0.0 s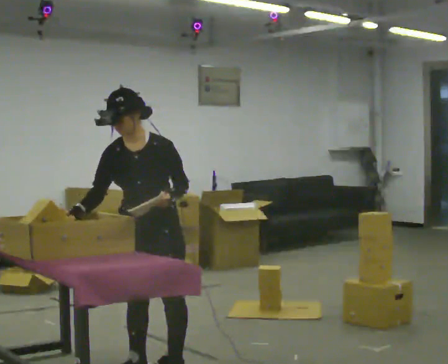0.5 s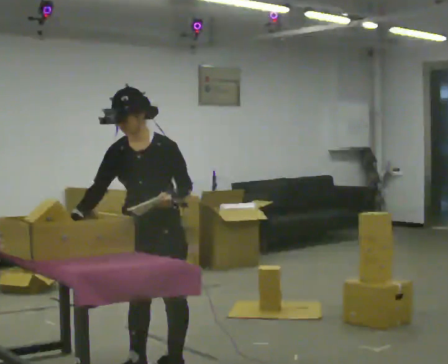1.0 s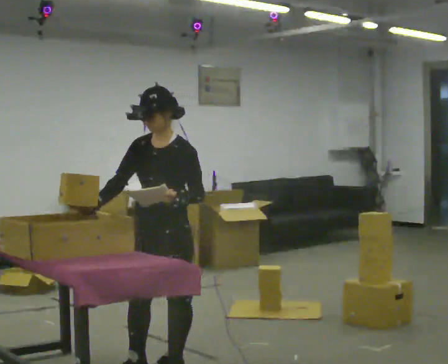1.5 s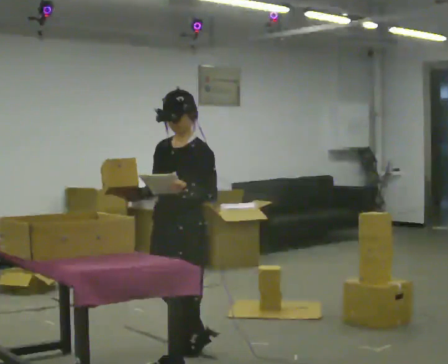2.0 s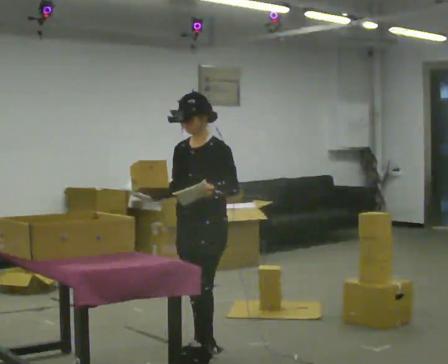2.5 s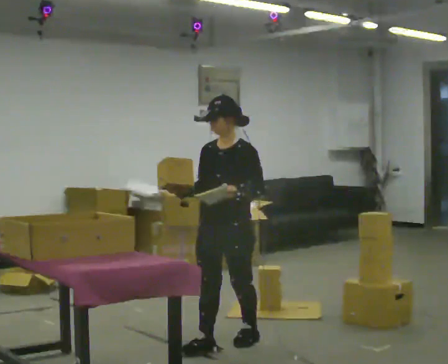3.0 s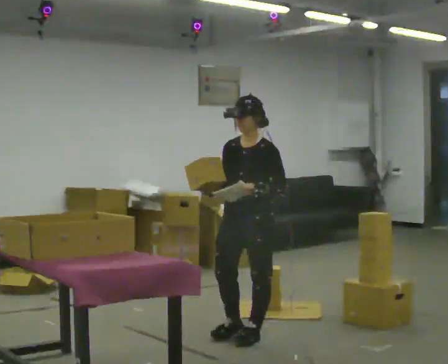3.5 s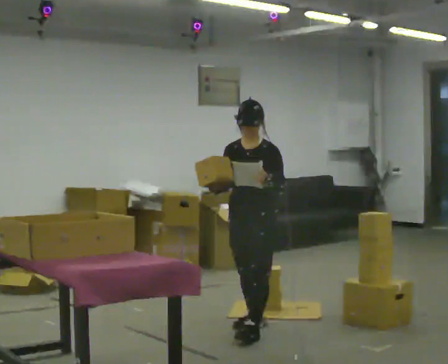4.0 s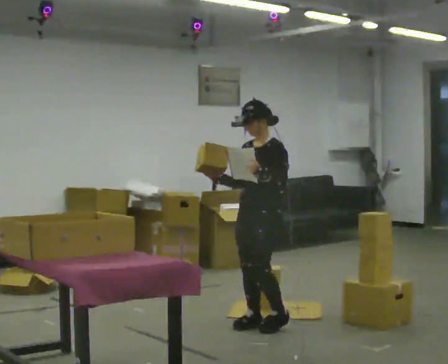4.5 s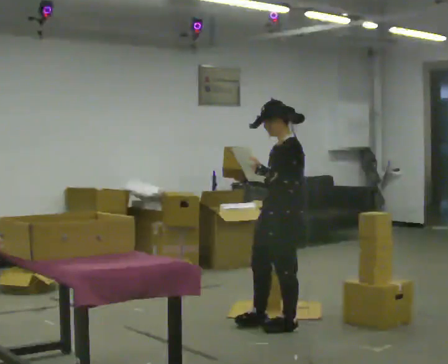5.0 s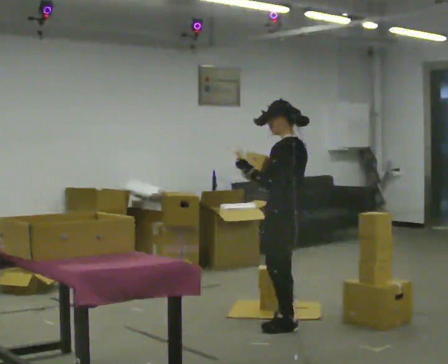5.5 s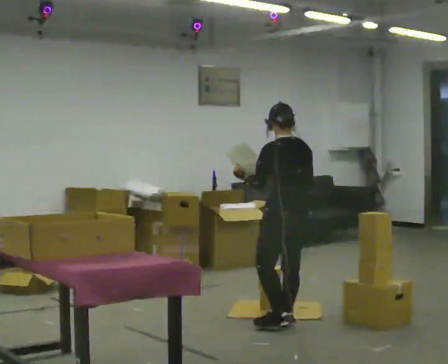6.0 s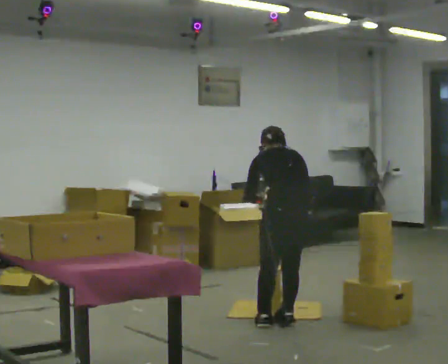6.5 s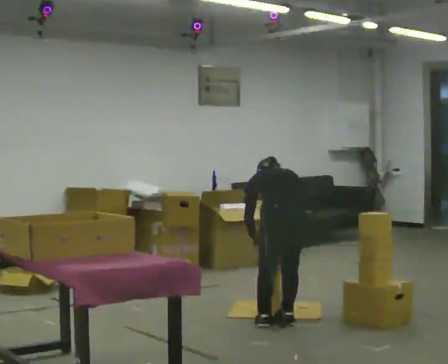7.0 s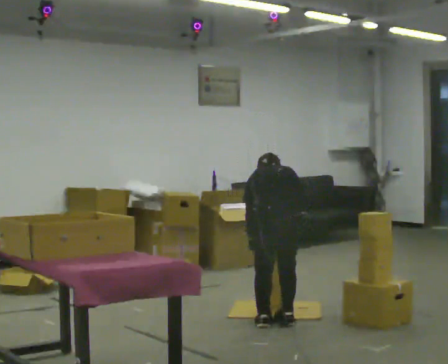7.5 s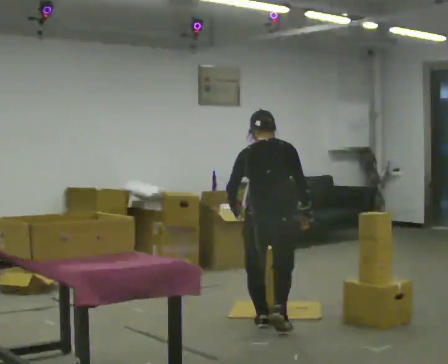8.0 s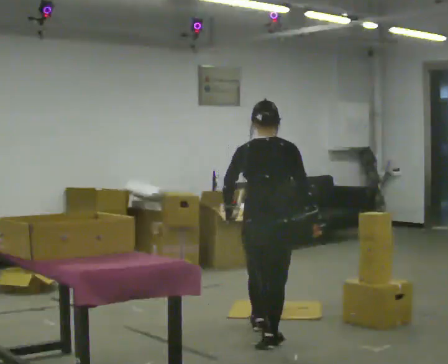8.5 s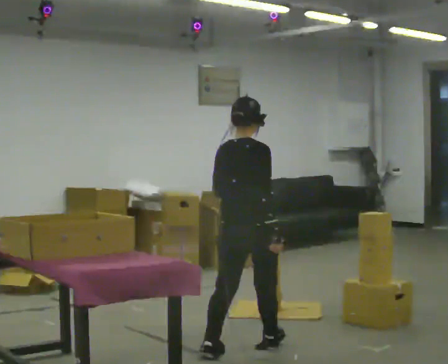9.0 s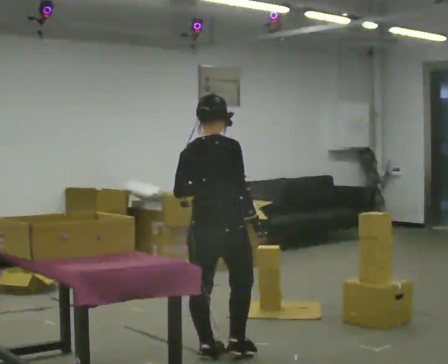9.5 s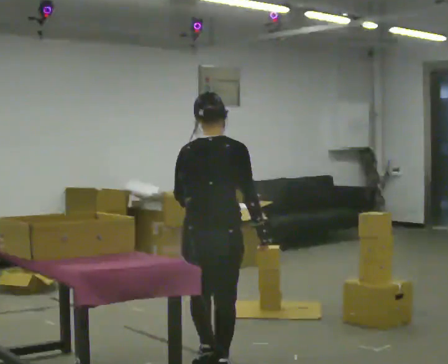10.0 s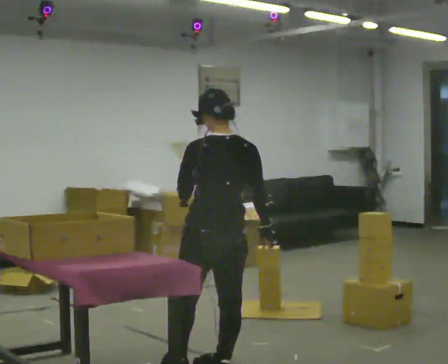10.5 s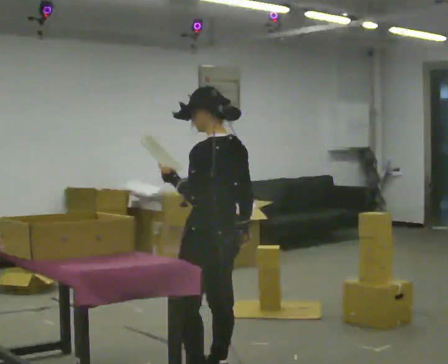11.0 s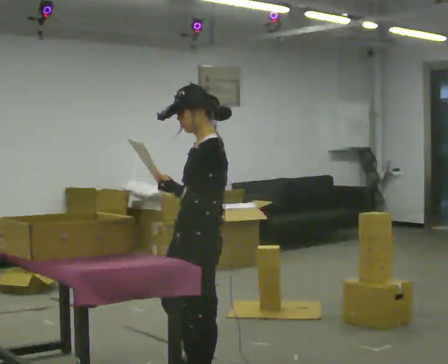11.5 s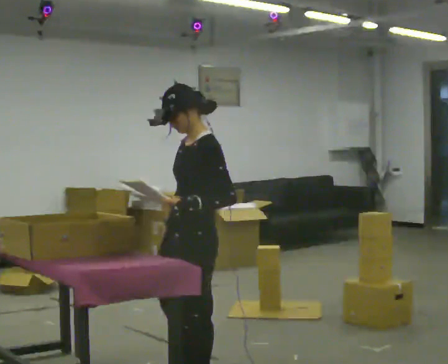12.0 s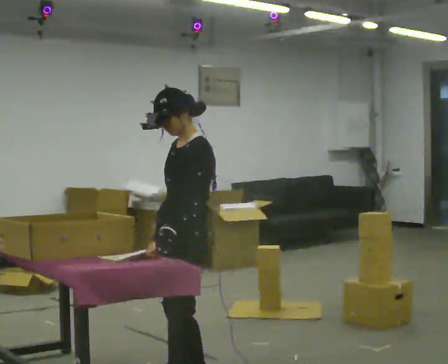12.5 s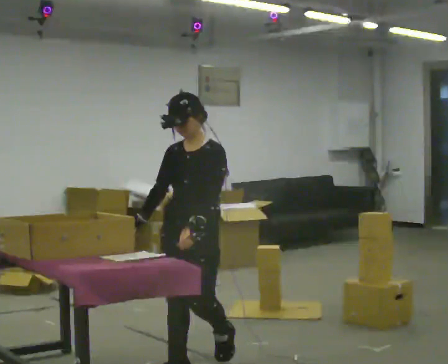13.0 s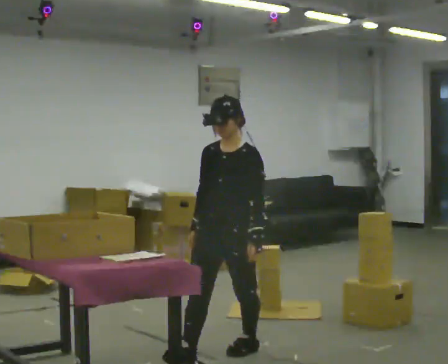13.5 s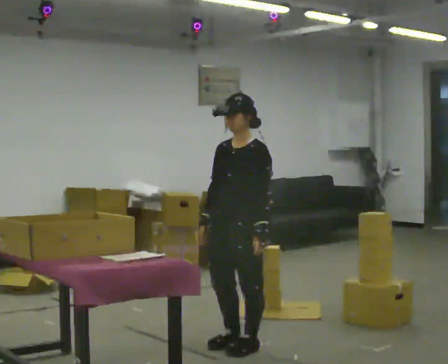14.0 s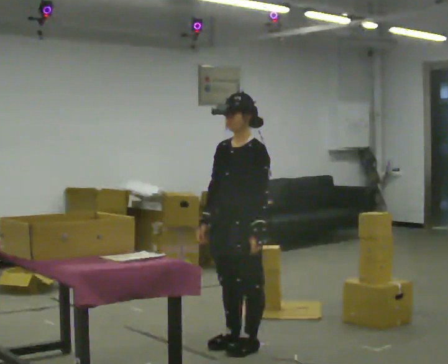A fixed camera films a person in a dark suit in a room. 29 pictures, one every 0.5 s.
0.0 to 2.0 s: The person turns about 30 degrees to their right, clockwise seen from above, so the part of the body nearest the lens slides to the left. In the picture they go away from the camera and to the right, about 0.5 m in 2 steps, which for them is backward.
2.0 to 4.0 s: In the picture they go away from the camera and to the right, about 1 m in 2 steps, which for them is backward.
4.0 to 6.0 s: Seen from above the body turns clockwise, about 120 degrees: to their right, with its near side sliding to the left. In the picture they go to the right, about 0.25 m in 2 steps. The upper body tips away from the camera, its near side rolling upward, as they bend forward. In the picture their right hand goes to the right.
6.0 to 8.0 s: Seen from above the body turns clockwise, about 30 degrees: to their right, with its near side sliding to the left. In the picture they go toward the camera, about 0.5 m in 2 steps, which for them is backward and to their left.
8.0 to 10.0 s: The part of the body nearest the lens slides to the right as the person turns to their left by about 30 degrees. In the picture they go toward the camera and to the left, about 1 m in 2 steps, which for them is backward.
10.0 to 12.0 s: The person turns about 105 degrees to their left, counterclockwise seen from above, so the part of the body nearest the lens slides to the right. In the picture they go to the left, about 0.25 m in 1 step.
12.0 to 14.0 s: In the picture they go away from the camera and to the right, about 0.5 m in 2 steps, which for them is backward.
The film runs backward here.
